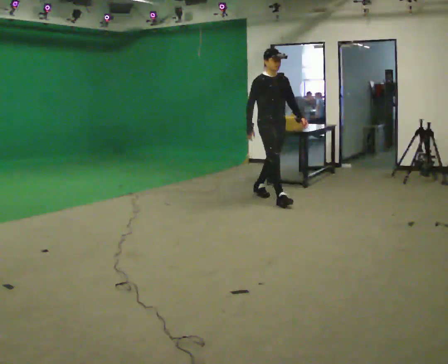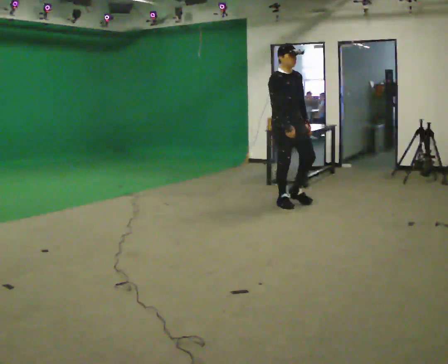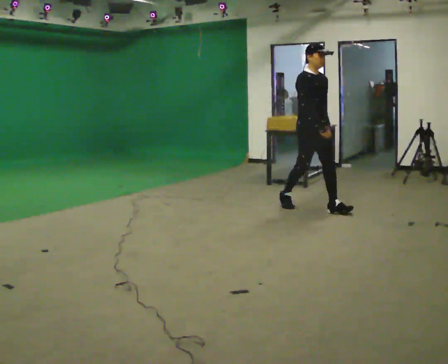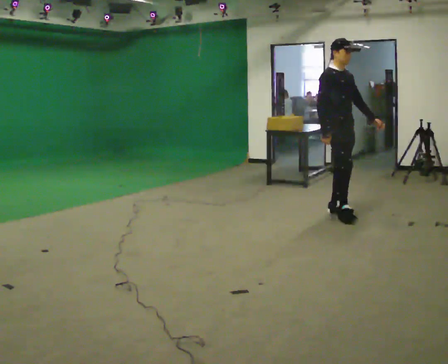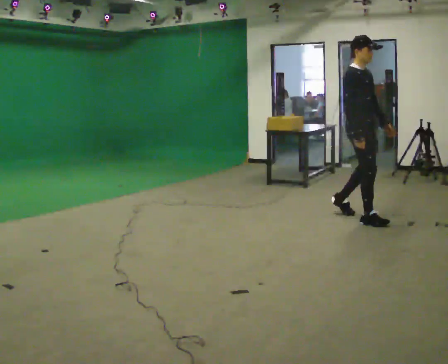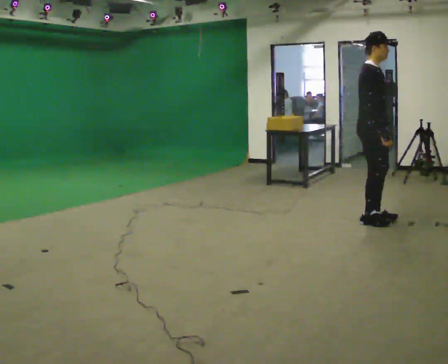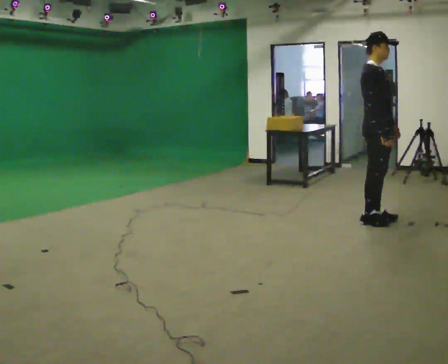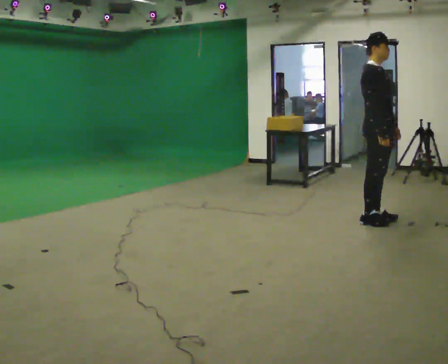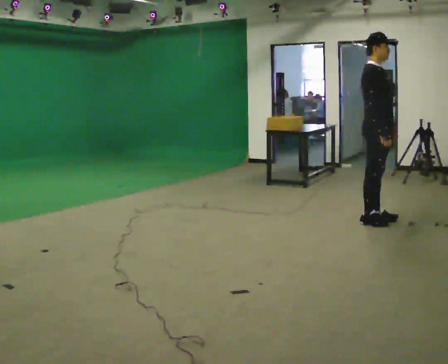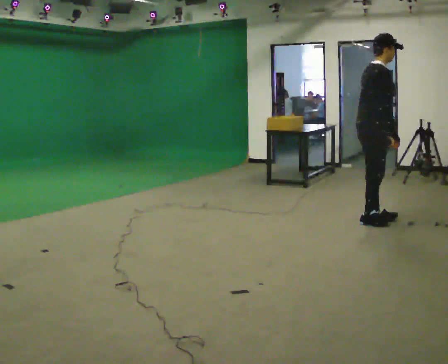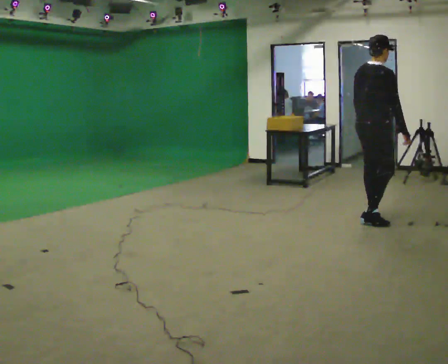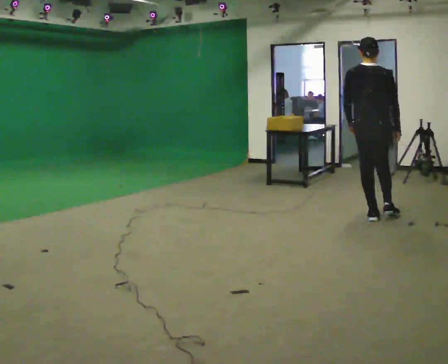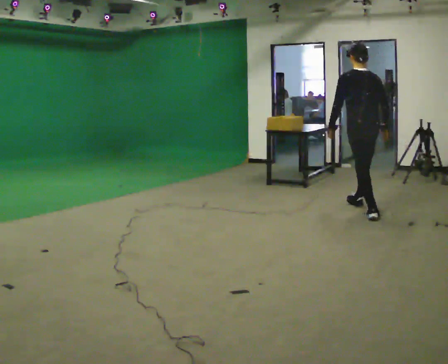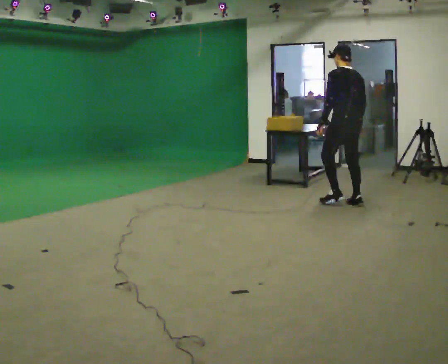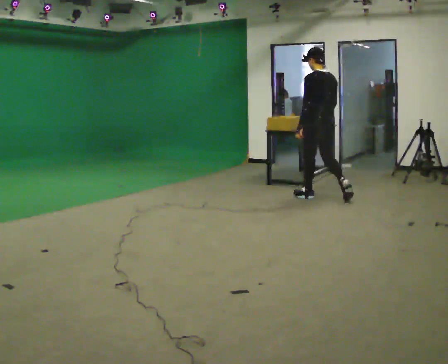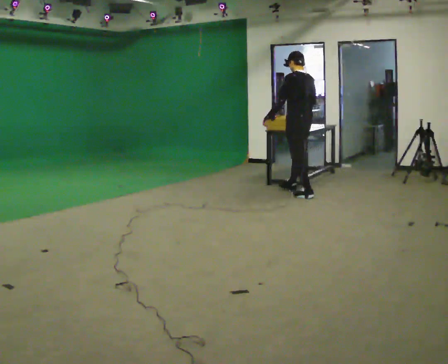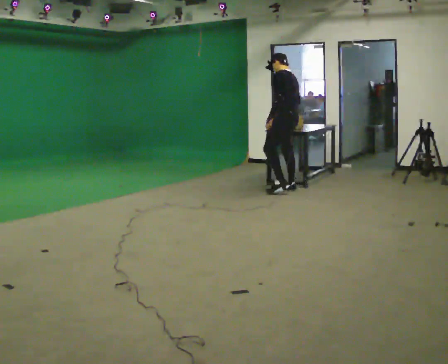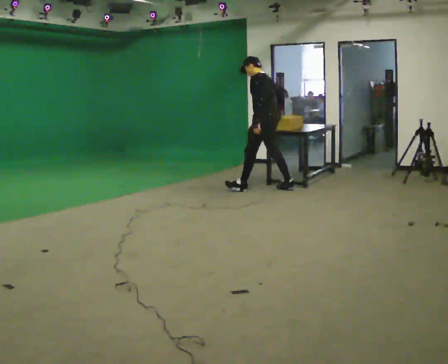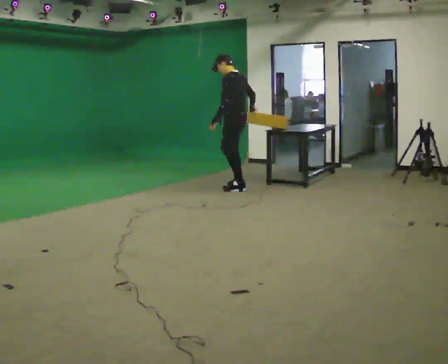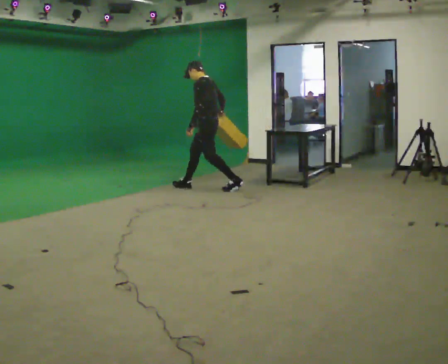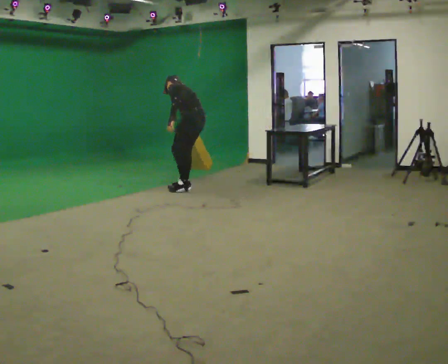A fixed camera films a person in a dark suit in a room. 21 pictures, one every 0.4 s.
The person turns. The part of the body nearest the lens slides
to the right.
The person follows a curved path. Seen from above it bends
counterclockwise.
0.0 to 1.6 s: In the picture they go to the right and toward the camera, about 1.5 m in 2 steps, which for them is forward.
1.6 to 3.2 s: The person moves a little, or ends about where they began.
3.2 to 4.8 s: Seen from above the body turns counterclockwise, about 135 degrees: to their left, with its near side sliding to the right. In the picture they go away from the camera, about 0.5 m in 1 step.
4.8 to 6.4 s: The person turns about 45 degrees to their left, counterclockwise seen from above, so the part of the body nearest the lens slides to the right. In the picture they go to the left and away from the camera, about 1.5 m in 2 steps, which for them is forward.
6.4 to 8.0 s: In the picture they go to the left, about 1 m in 2 steps, which for them is forward. The upper body goes downward. In the picture the upper body tilts counterclockwise, shoulders to the left, as they bend forward.
The film runs forward here.
